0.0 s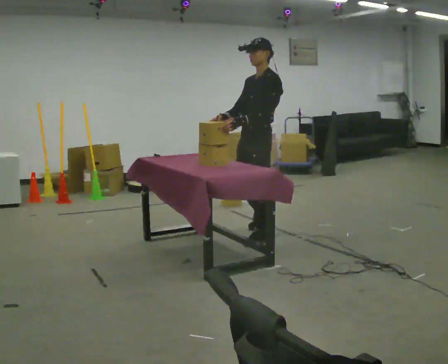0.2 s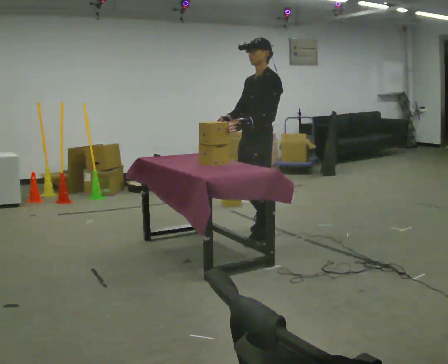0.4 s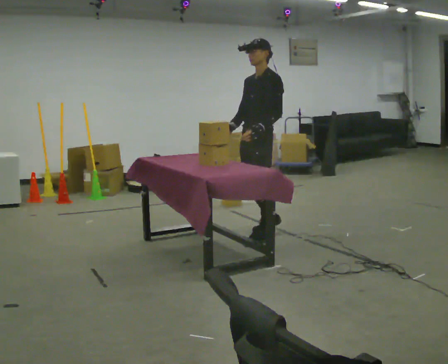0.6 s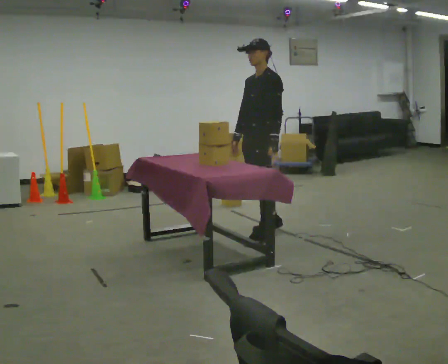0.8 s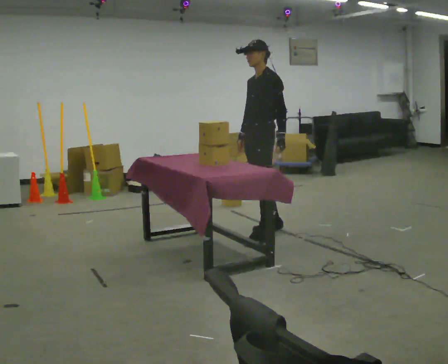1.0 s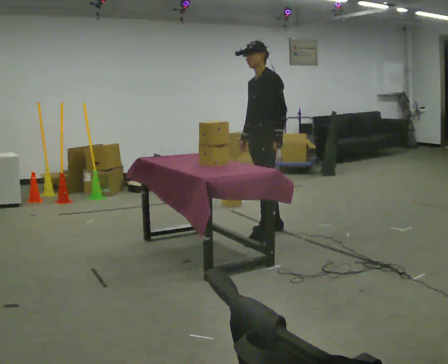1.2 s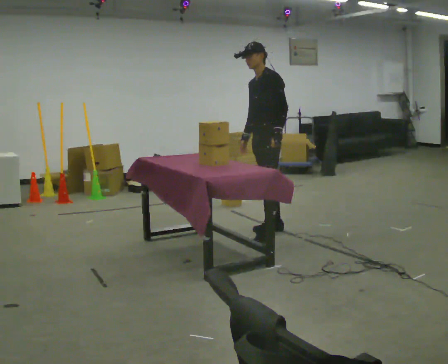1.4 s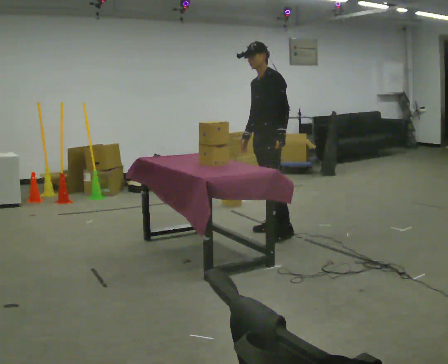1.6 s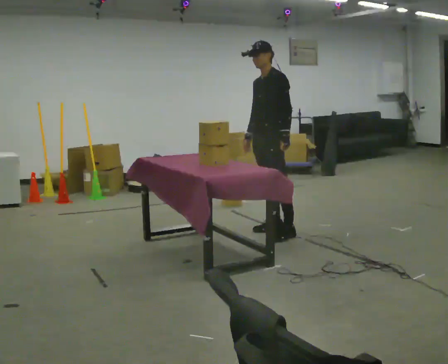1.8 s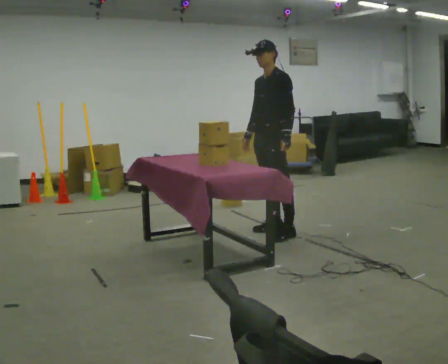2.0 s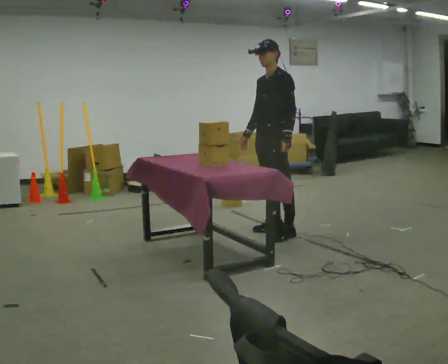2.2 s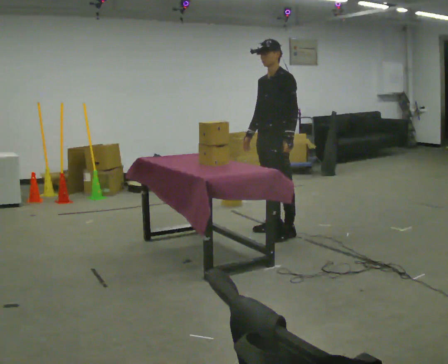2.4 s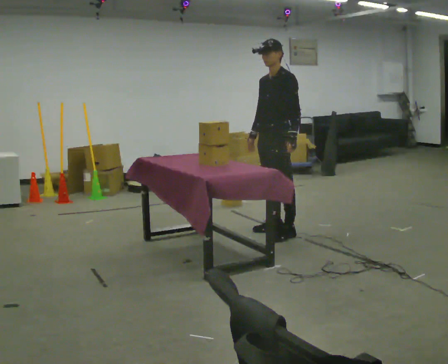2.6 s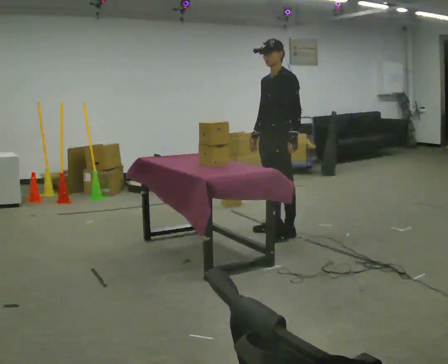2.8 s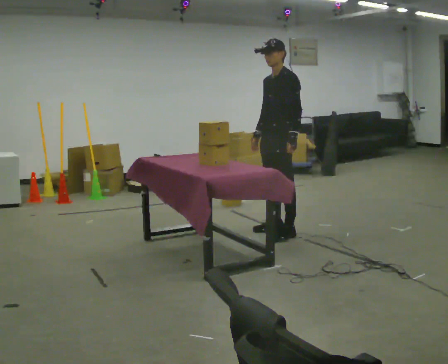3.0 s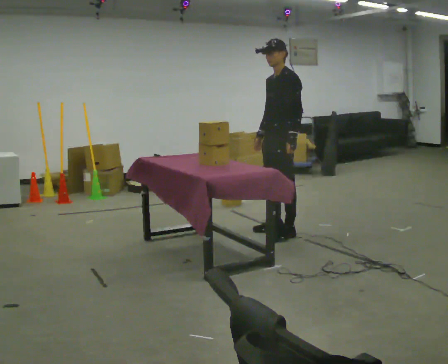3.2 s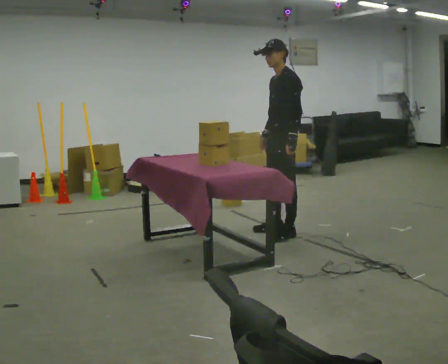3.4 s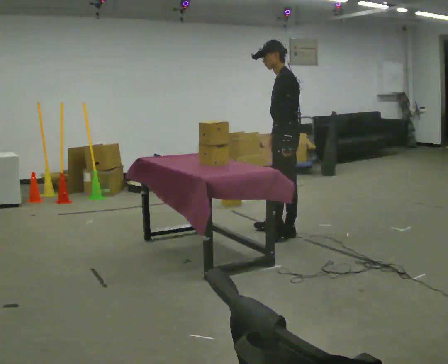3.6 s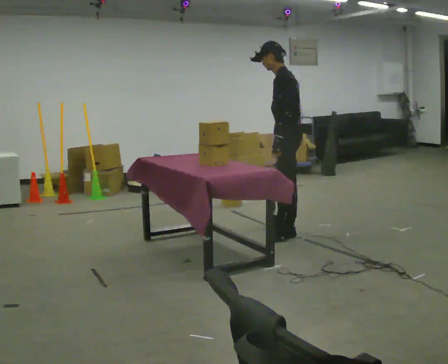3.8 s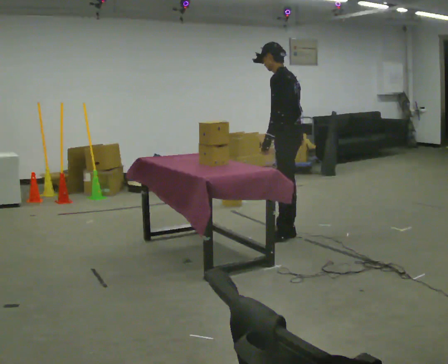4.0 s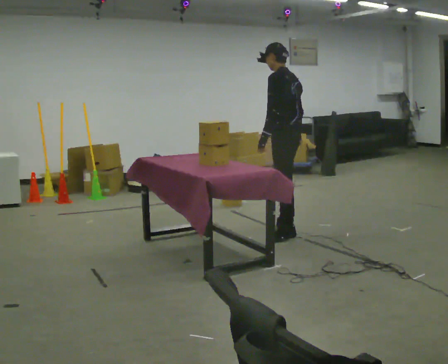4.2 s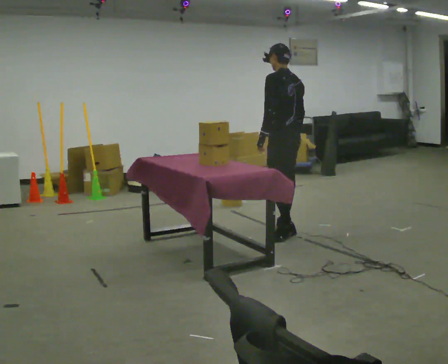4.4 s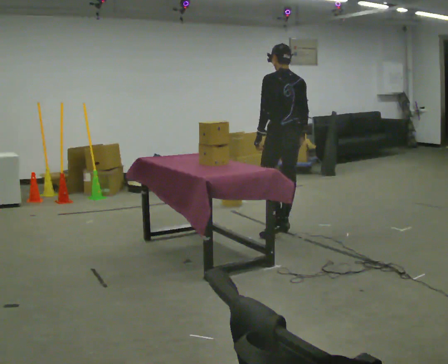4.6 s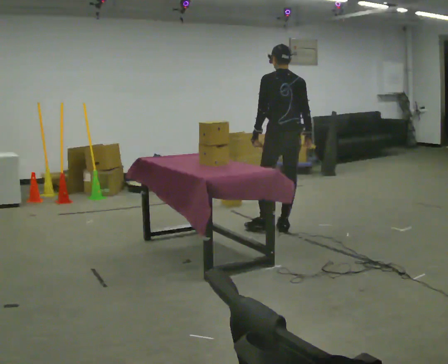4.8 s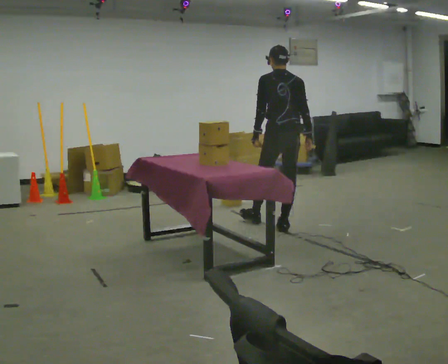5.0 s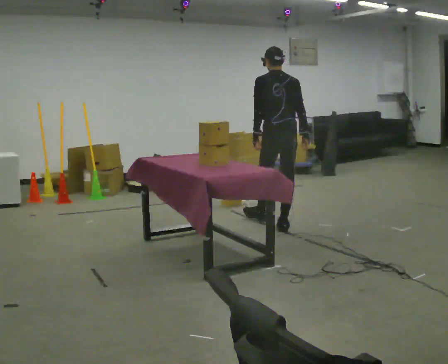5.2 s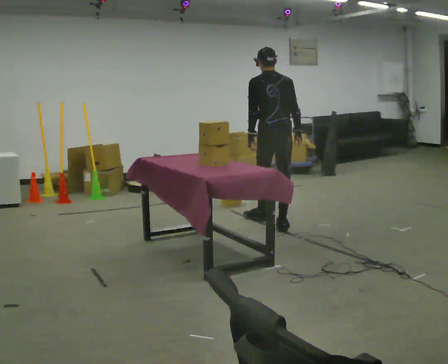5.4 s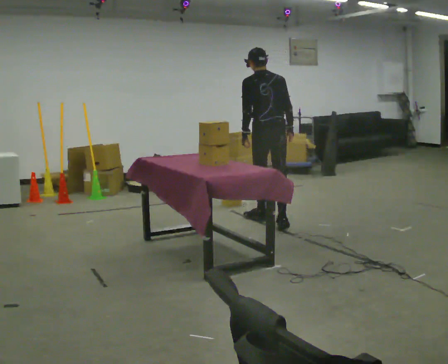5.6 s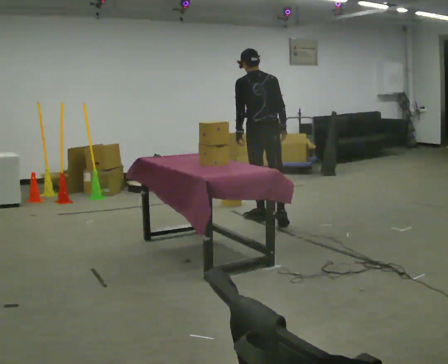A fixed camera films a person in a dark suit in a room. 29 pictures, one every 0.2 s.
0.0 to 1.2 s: In the picture they go away from the camera, about 0.25 m, which for them is backward and to their right.
1.2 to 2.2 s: The person moves a little, or ends about where they began.
2.2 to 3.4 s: The part of the body nearest the lens slides to the left as the person turns to their right by about 45 degrees. In the picture their right hand goes to the right.
3.4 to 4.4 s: Seen from above the body turns clockwise, about 60 degrees: to their right, with its near side sliding to the left. In the picture they go away from the camera, about 0.25 m, which for them is to their right.
4.4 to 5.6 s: In the picture they go away from the camera and to the left, about 0.5 m in 1 step, which for them is forward.
The film runs forward here.
